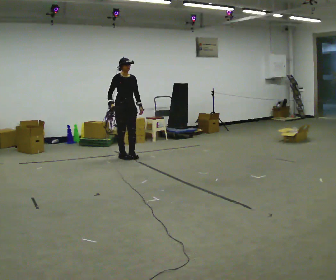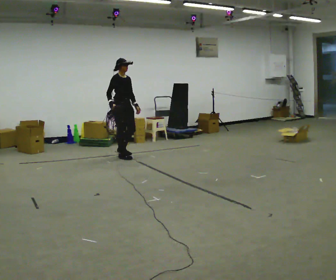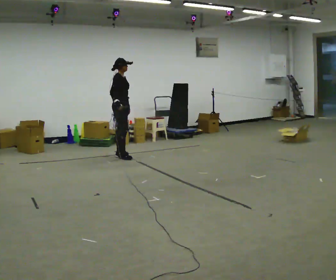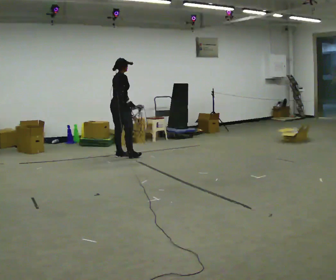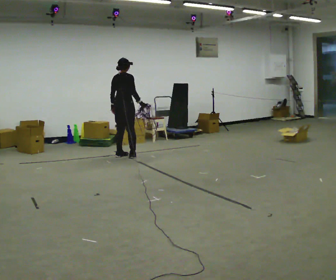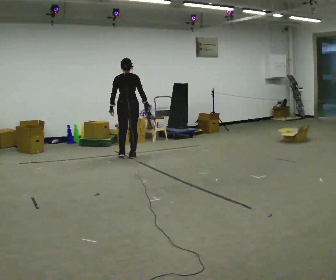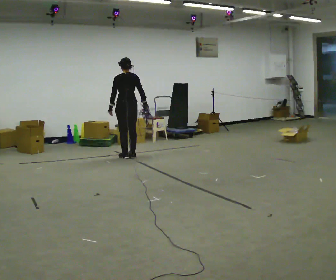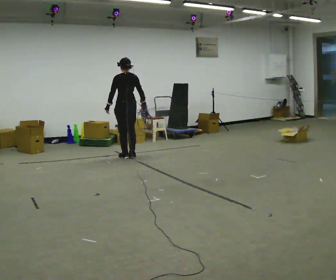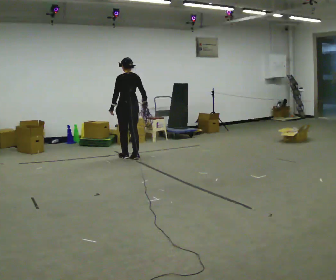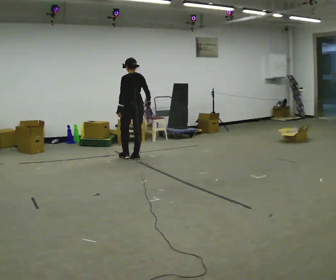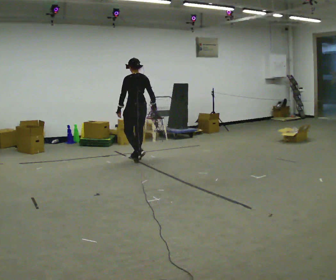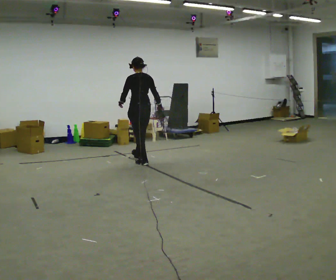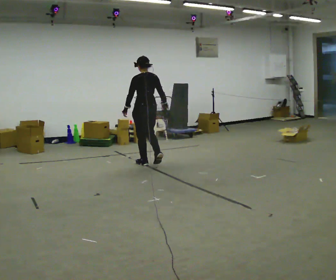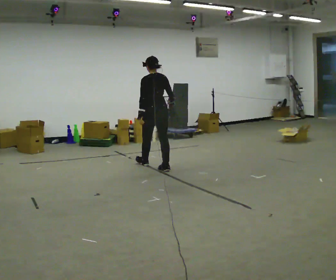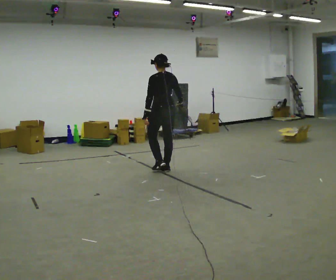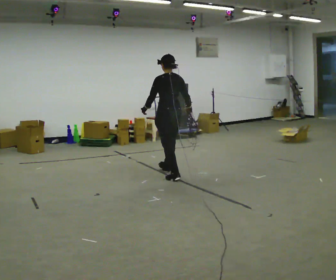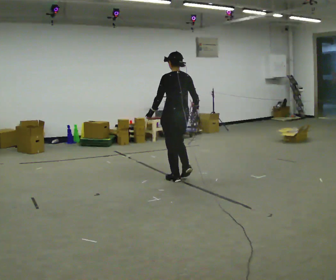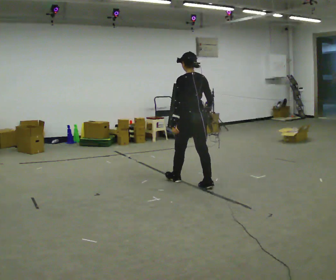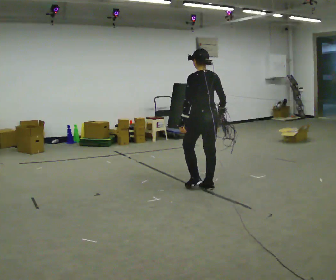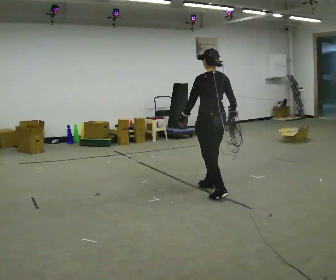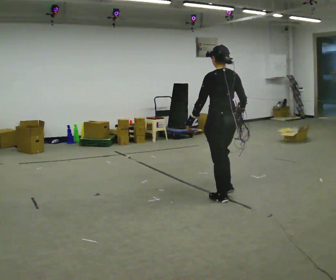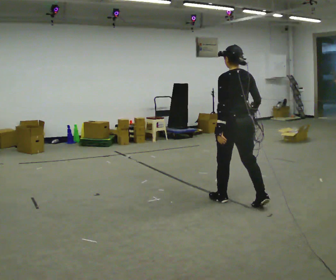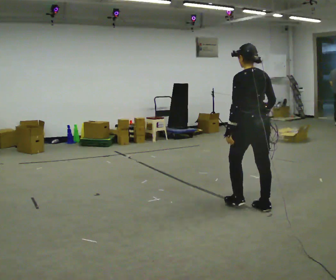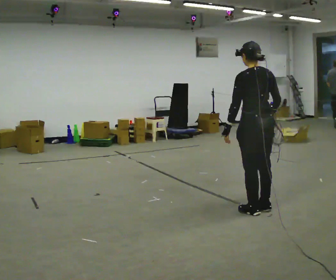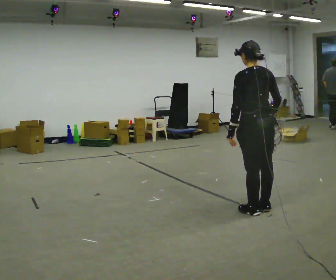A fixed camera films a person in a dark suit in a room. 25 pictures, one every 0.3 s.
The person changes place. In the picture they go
toward the camera.
0.0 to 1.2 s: The part of the body nearest the lens slides to the right as the person turns to their left by about 120 degrees. In the picture their right hand goes to the right, the arm swinging counterclockwise.
1.2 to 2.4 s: The person turns about 60 degrees to their left, counterclockwise seen from above, so the part of the body nearest the lens slides to the right.
2.4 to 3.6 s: In the picture they go toward the camera and to the right, about 0.5 m in 2 steps, which for them is backward.
3.6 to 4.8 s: In the picture they go toward the camera and to the right, about 1 m in 2 steps, which for them is backward.
4.8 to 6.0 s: In the picture they go toward the camera and to the right, about 1 m in 2 steps, which for them is backward.
6.0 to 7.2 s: In the picture they go toward the camera and to the right, about 0.5 m in 1 step, which for them is backward.
The film runs backward here.
